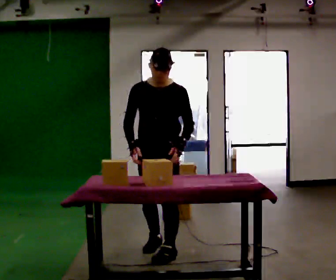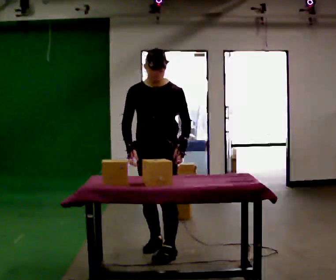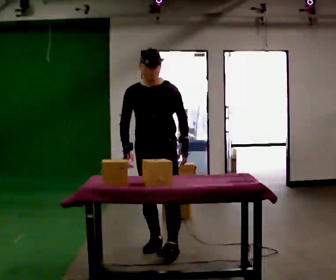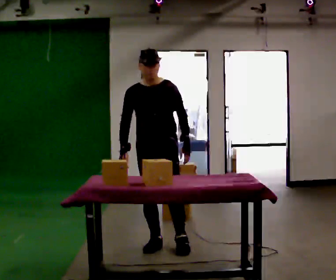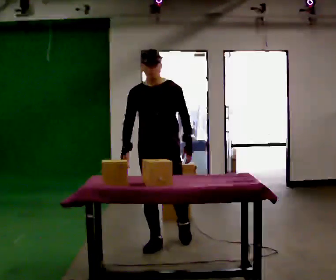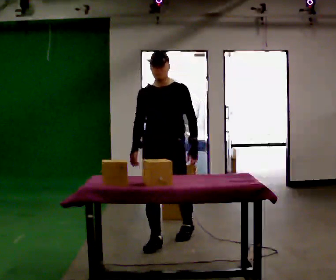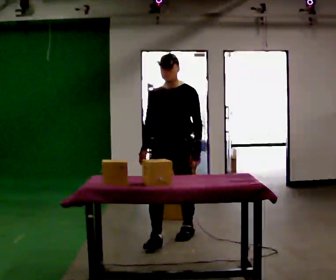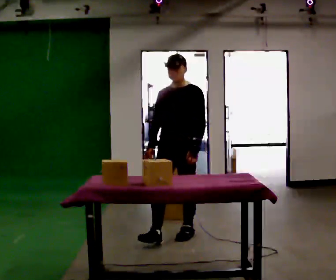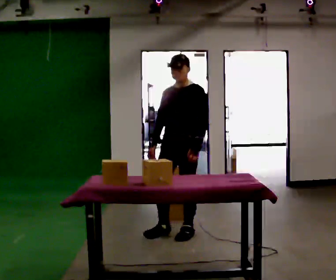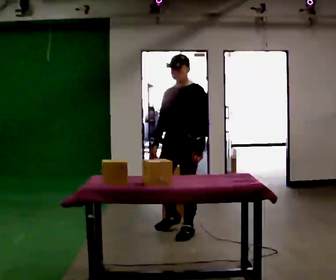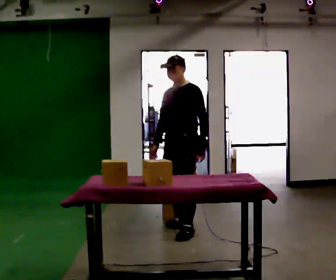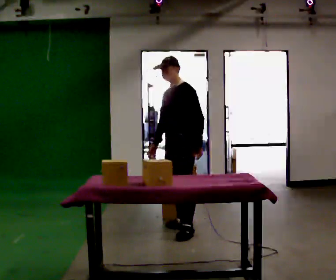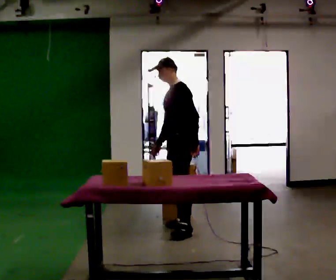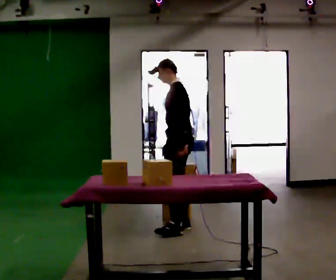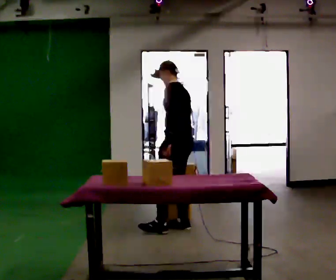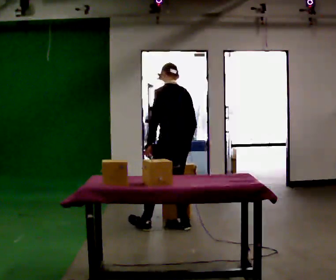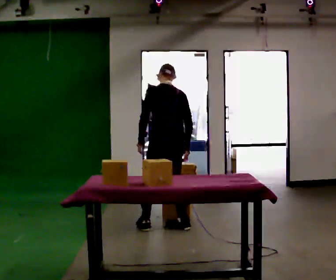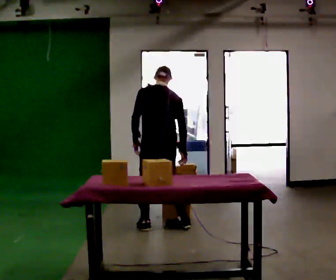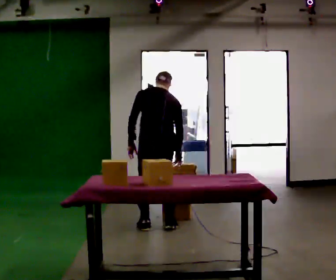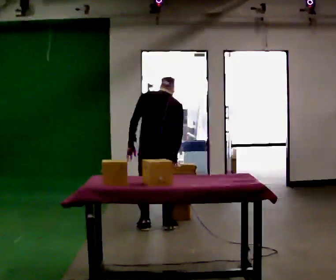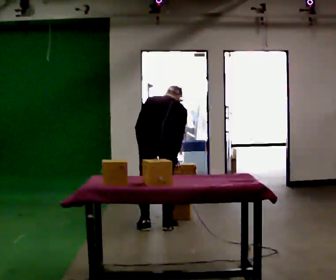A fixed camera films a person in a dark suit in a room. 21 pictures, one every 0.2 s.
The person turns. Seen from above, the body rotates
clockwise.
The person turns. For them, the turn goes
to their right.
0.0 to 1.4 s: In the picture they go away from the camera, about 0.5 m in 2 steps, which for them is backward.
1.4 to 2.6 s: The part of the body nearest the lens slides to the left as the person turns to their right by about 60 degrees. In the picture they go away from the camera, about 0.25 m in 1 step.
2.6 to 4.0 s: The part of the body nearest the lens slides to the left as the person turns to their right by about 90 degrees. In the picture they go to the left, about 0.25 m in 1 step. The upper body tips away from the camera, its near side rolling upward, as they bend forward. In the picture their left hand goes to the left.
The film runs backward here.
